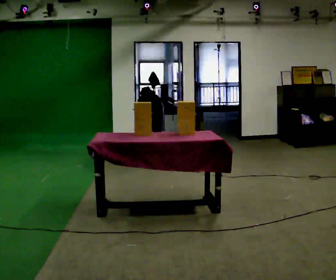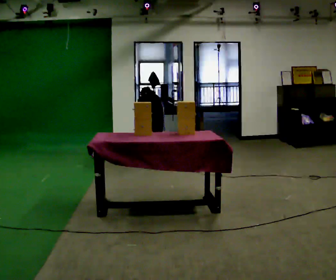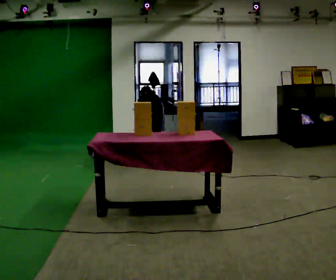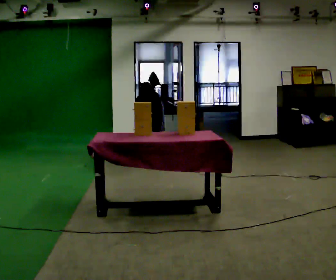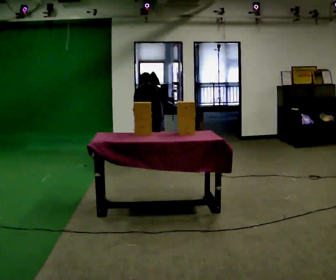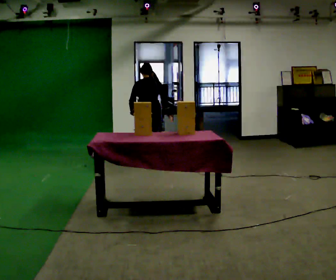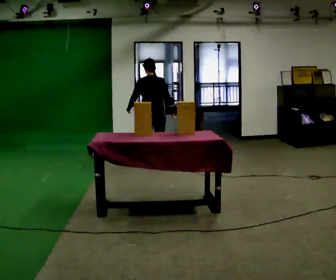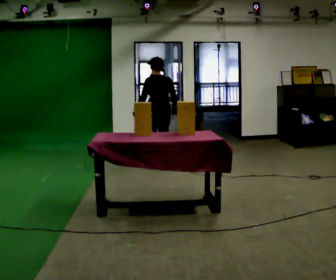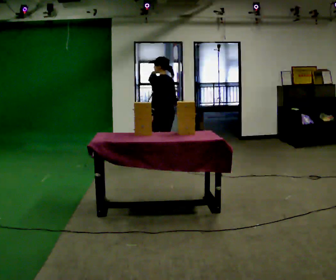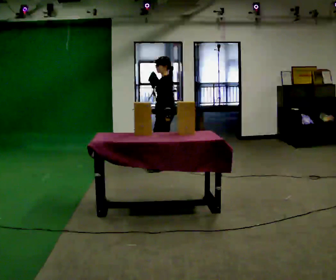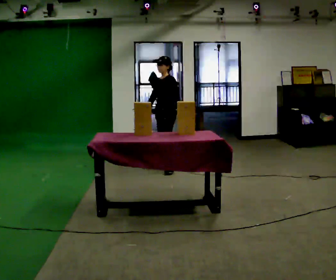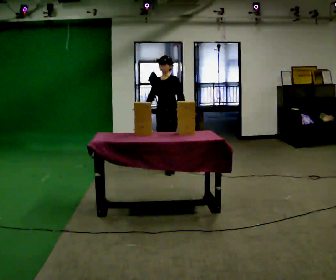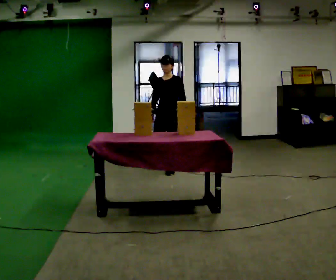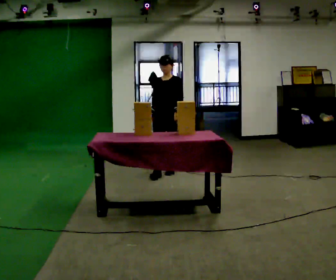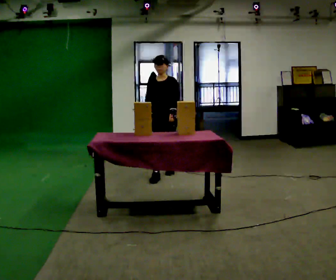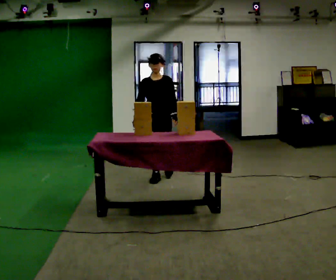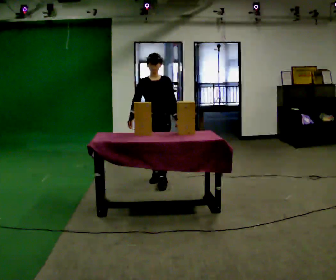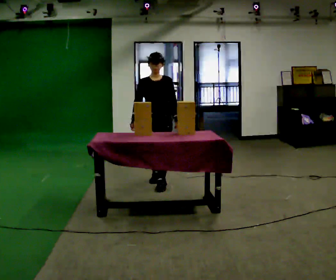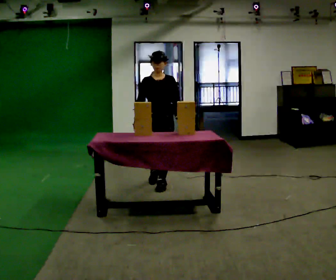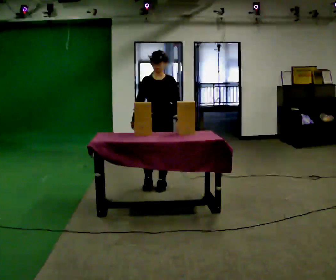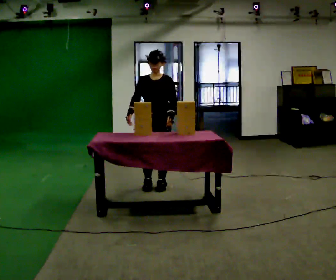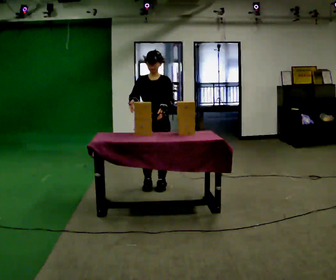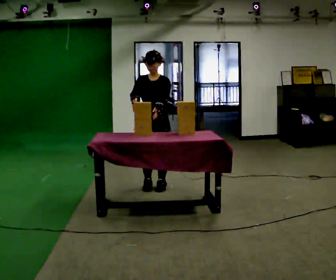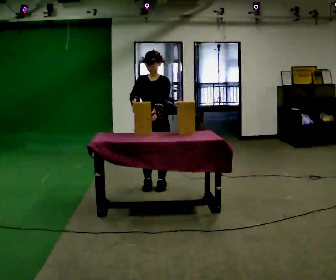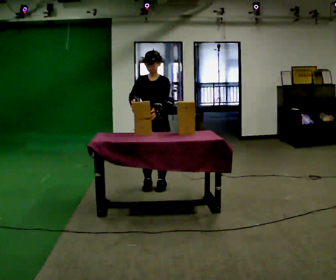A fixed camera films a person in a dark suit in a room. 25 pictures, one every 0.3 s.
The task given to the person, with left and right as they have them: Pick an object up off the floor at one end of the room, carry it across, and place it on the waist-height shelf at the other end. Keep going until the operator says stop; one object at a time, and do not rush between trips.
0.0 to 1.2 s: The upper body goes upward. The upper body tips toward the camera, its near side rolling downward, as they lean back or straighten.
1.2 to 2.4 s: Seen from above the body turns counterclockwise, about 45 degrees: to their left, with its near side sliding to the right. In the picture they go to the right, about 0.25 m, which for them is to their right. The upper body tips toward the camera, its near side rolling downward, as they lean back or straighten.
2.4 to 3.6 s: The person turns about 90 degrees to their left, counterclockwise seen from above, so the part of the body nearest the lens slides to the right. In the picture they go toward the camera, about 0.25 m in 1 step.
3.6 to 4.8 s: In the picture they go toward the camera, about 0.5 m in 1 step, which for them is forward.
4.8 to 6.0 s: In the picture they go toward the camera, about 0.25 m in 2 steps, which for them is forward.
6.0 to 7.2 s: The person moves a little, or ends about where they began.
The film runs forward here.
